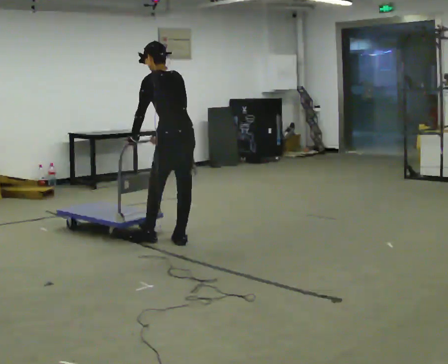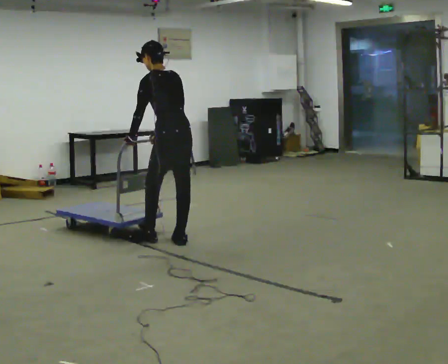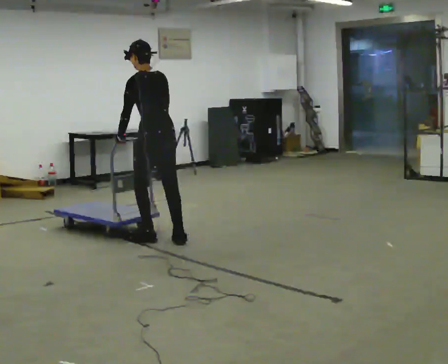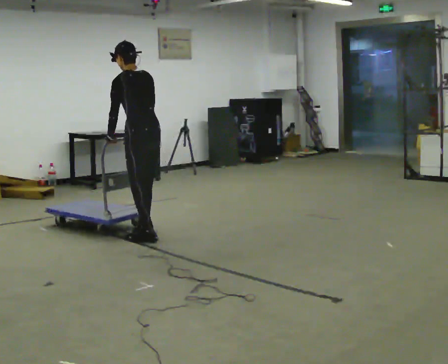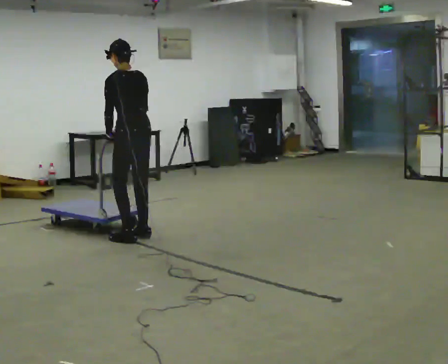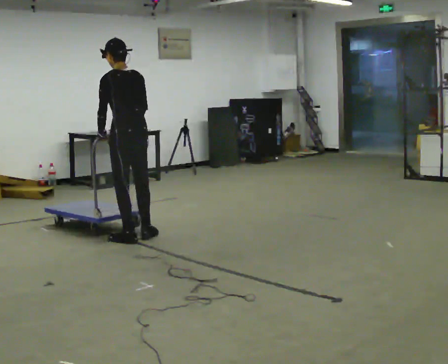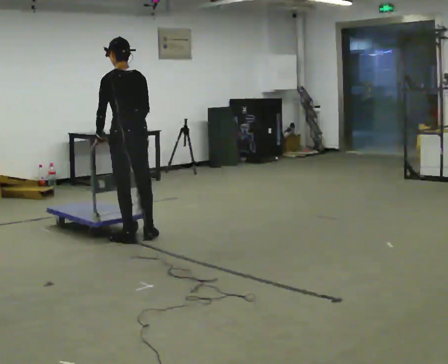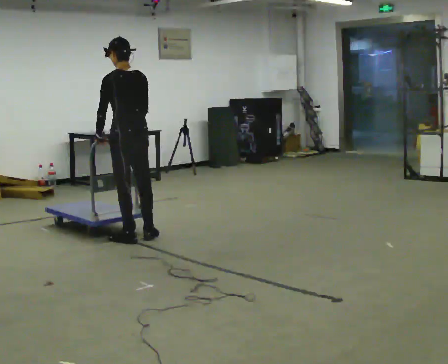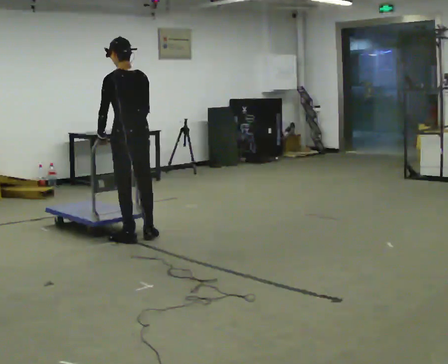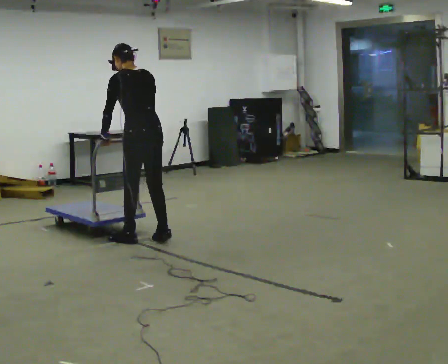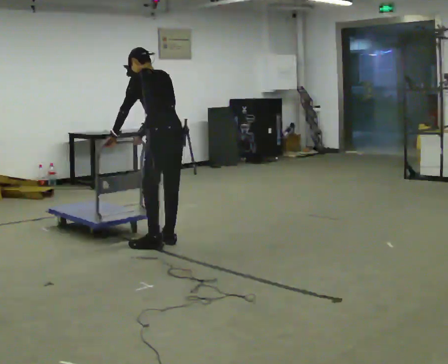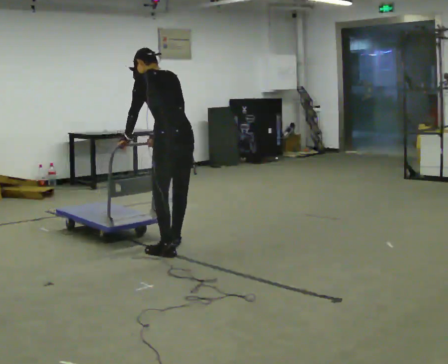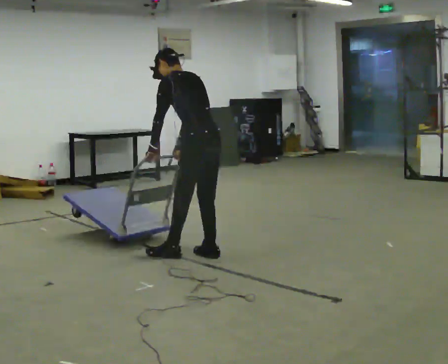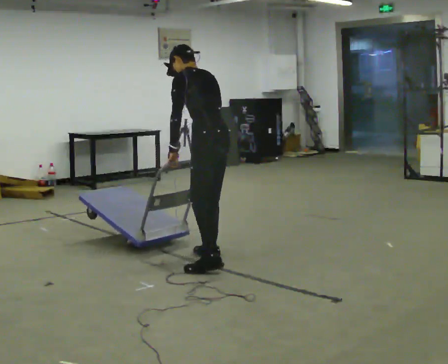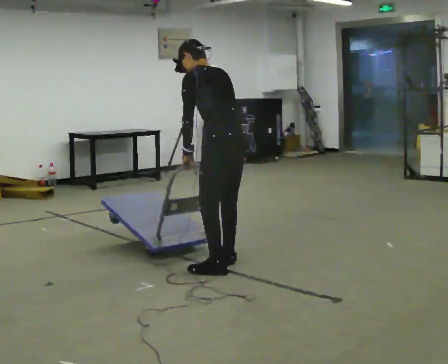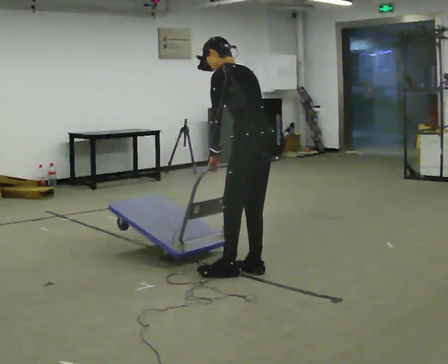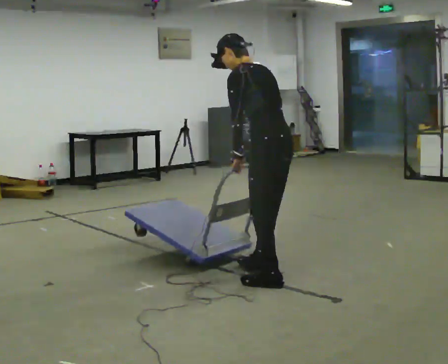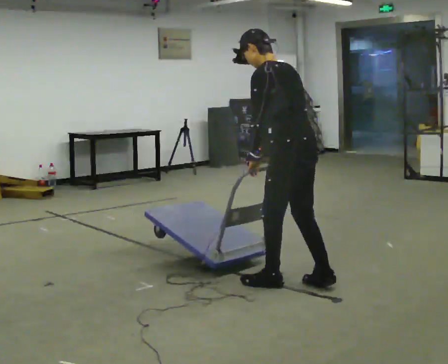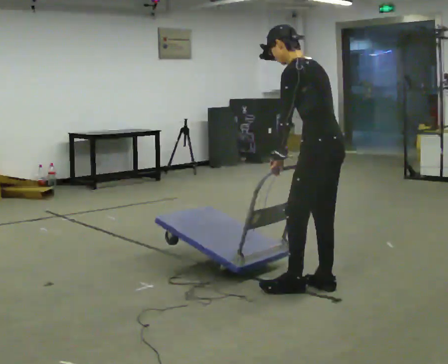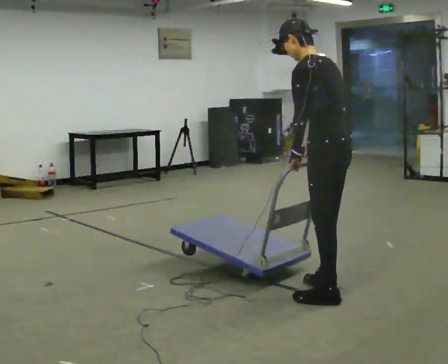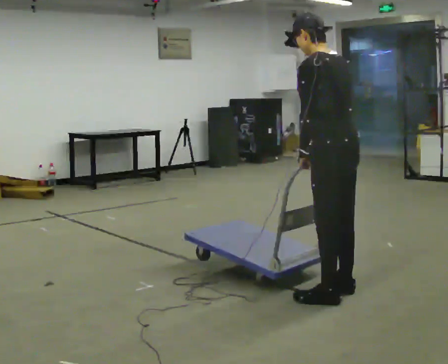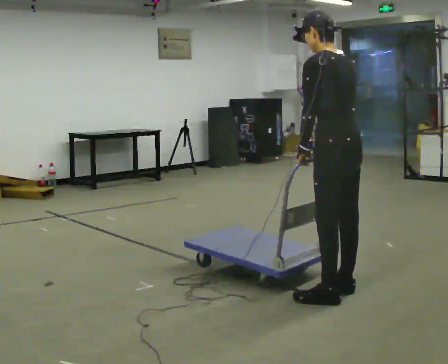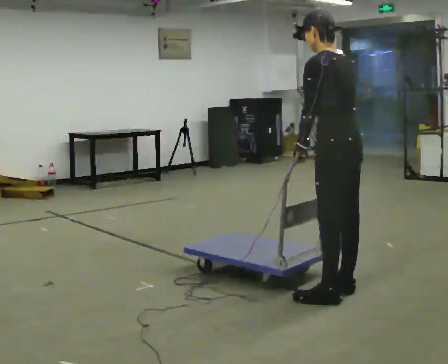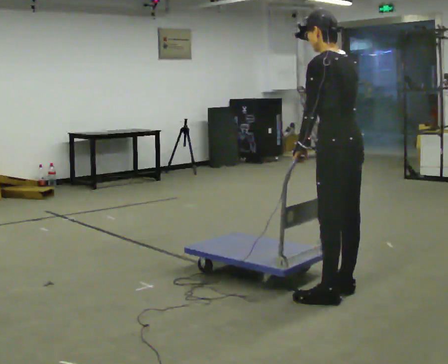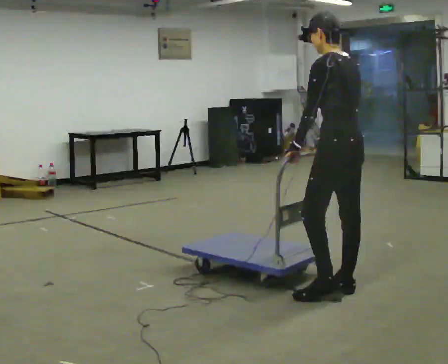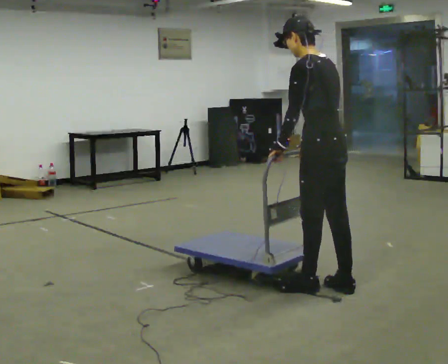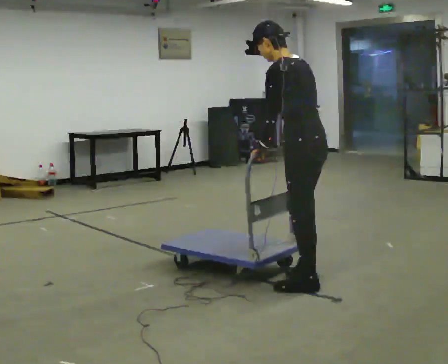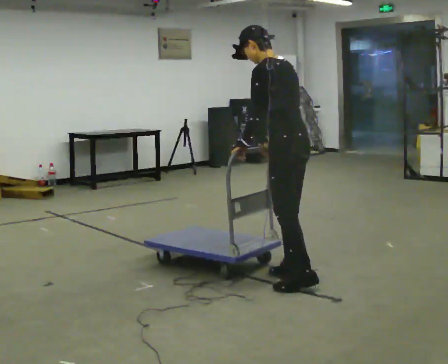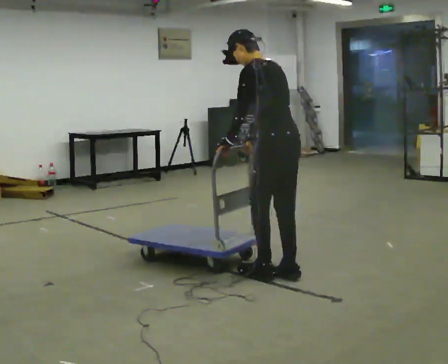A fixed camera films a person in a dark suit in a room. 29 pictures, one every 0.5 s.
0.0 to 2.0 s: In the picture they go to the left, about 0.5 m in 2 steps, which for them is forward and to their left.
2.0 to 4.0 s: The person moves a little, or ends about where they began.
4.0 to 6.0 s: In the picture they go to the right and toward the camera, about 1 m in 3 steps, which for them is backward. The upper body tips away from the camera, its near side rolling upward, as they bend forward.
6.0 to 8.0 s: In the picture they go toward the camera and to the right, about 1 m in 3 steps, which for them is backward.
8.0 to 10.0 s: In the picture they go toward the camera and to the right, about 0.5 m in 2 steps, which for them is backward.
10.0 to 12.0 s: The person moves a little, or ends about where they began.
12.0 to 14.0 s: In the picture they go away from the camera and to the left, about 0.5 m in 2 steps, which for them is forward.
The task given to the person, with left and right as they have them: Get the cart into the marked parking space and lined up with the tape. Take as many adjustments as you need. Then take it out again and repeat.
The film runs forward here.
